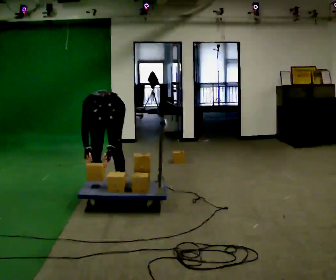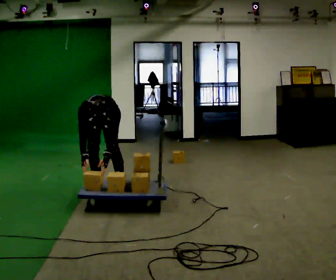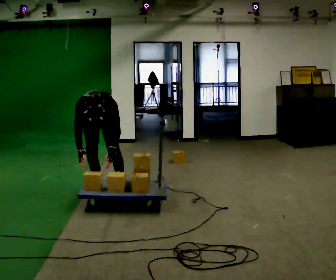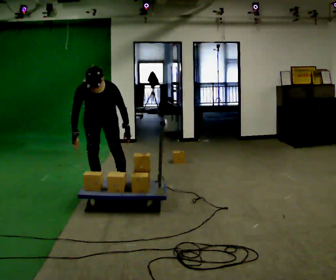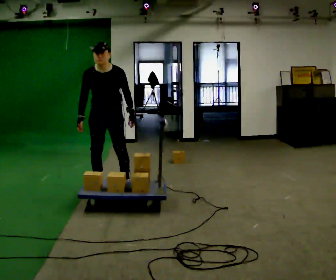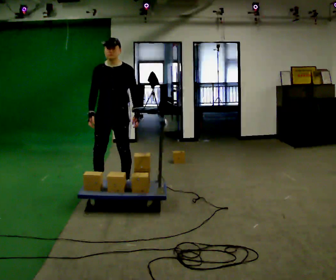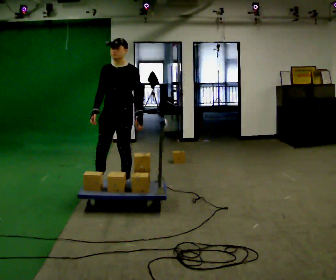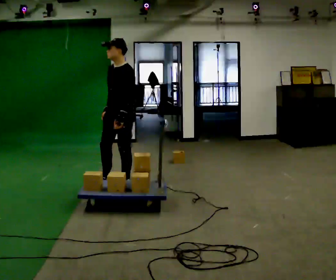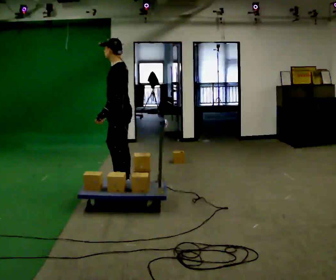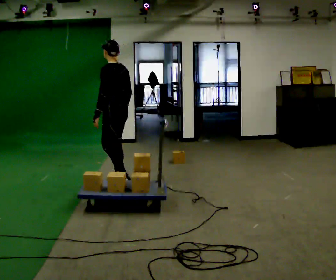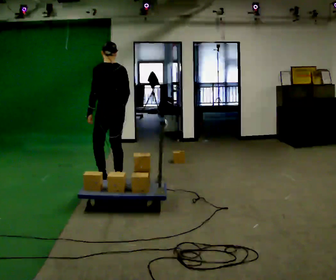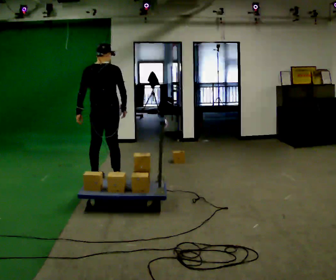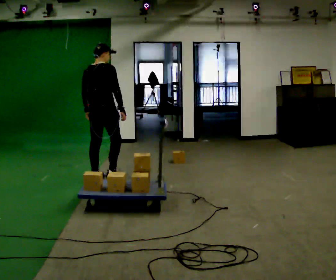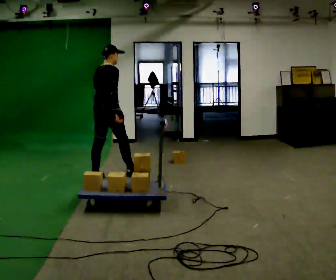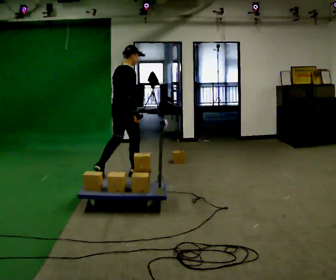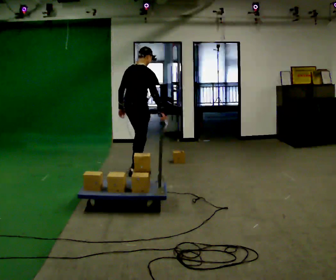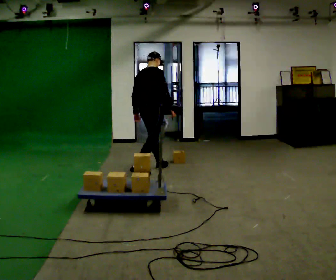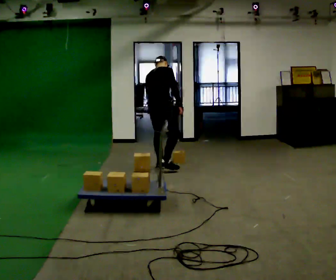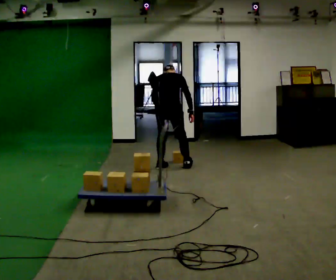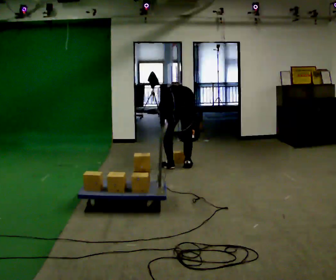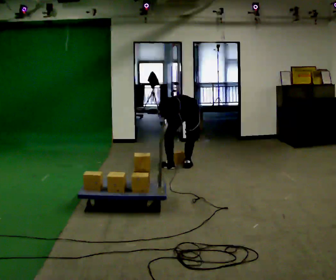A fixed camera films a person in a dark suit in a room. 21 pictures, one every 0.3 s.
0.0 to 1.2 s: The shoulders move upward. The upper body tips away from the camera, its near side rolling upward, as they lean back or straighten. In the picture their left hand goes upward.
1.2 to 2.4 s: Seen from above the body turns clockwise, about 75 degrees: to their right, with its near side sliding to the left. In the picture they go to the right, about 0.25 m in 1 step. In the picture their left hand goes to the left, the arm swinging clockwise.
2.4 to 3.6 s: The part of the body nearest the lens slides to the left as the person turns to their right by about 120 degrees. In the picture they go away from the camera and to the left, about 0.5 m in 1 step.
3.6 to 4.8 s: The person turns about 30 degrees to their right, clockwise seen from above, so the part of the body nearest the lens slides to the left. In the picture they go to the right and away from the camera, about 0.5 m in 2 steps, which for them is forward.
4.8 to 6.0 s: Seen from above the body turns counterclockwise, about 60 degrees: to their left, with its near side sliding to the right. In the picture they go to the right, about 0.5 m in 2 steps. The shoulders move downward. The upper body tips away from the camera, its near side rolling upward, as they bend forward. In the picture their right hand goes downward.
The film runs forward here.
